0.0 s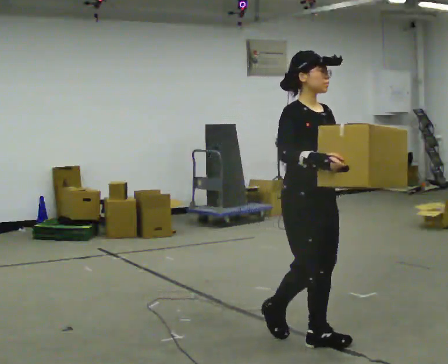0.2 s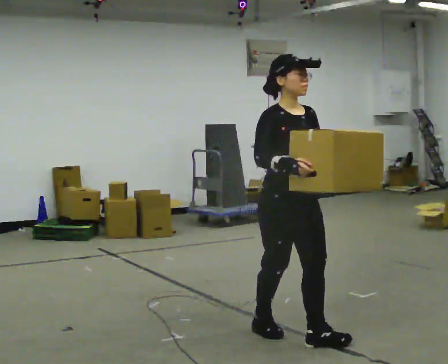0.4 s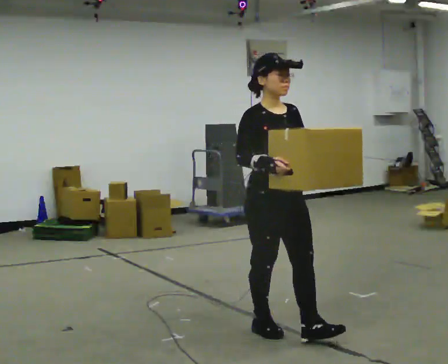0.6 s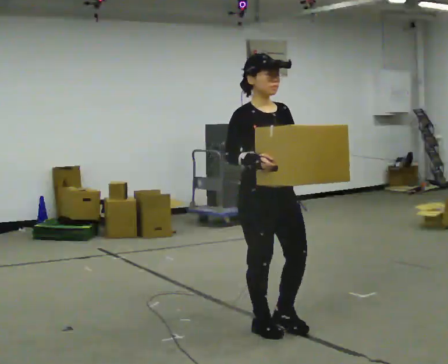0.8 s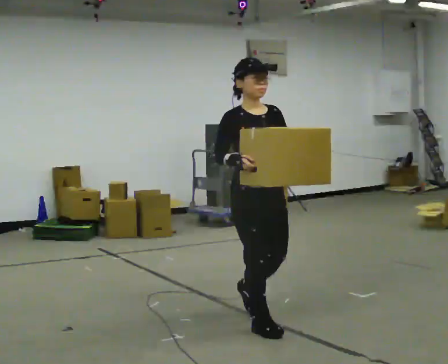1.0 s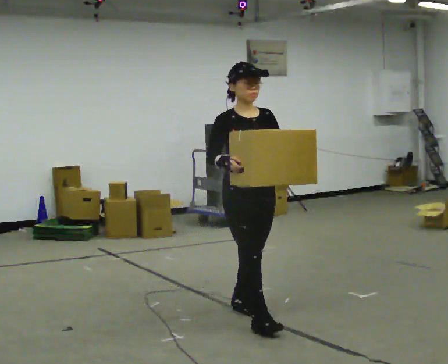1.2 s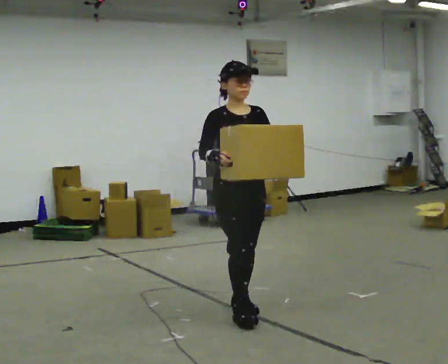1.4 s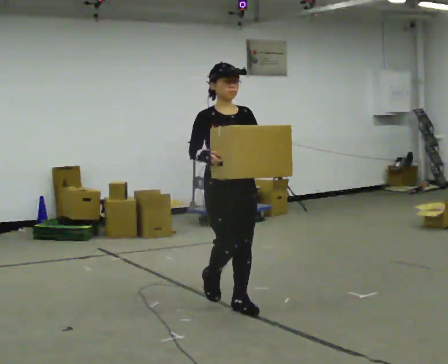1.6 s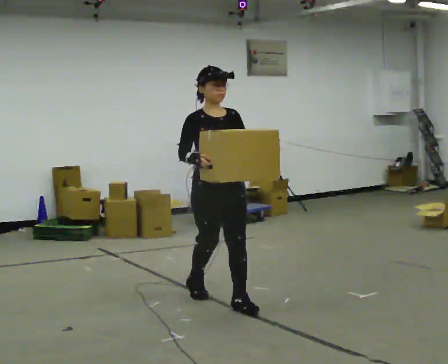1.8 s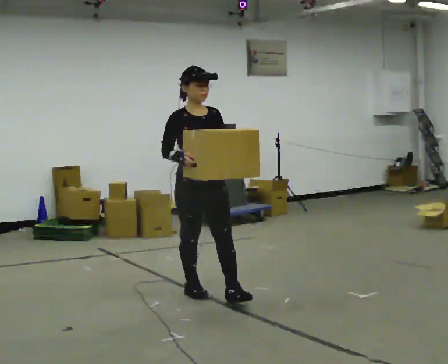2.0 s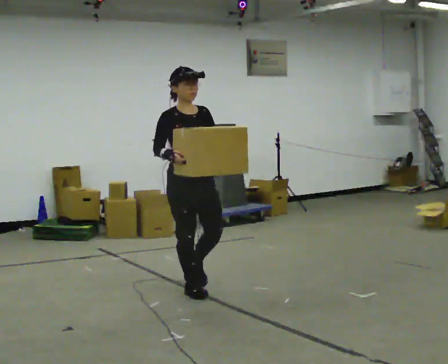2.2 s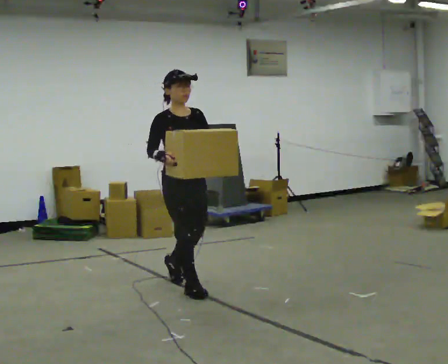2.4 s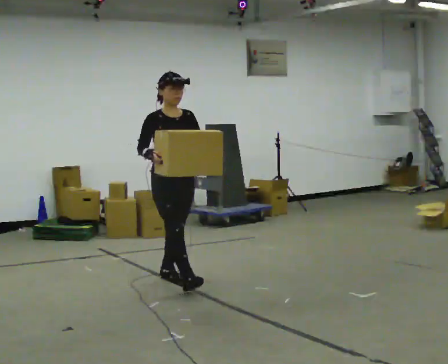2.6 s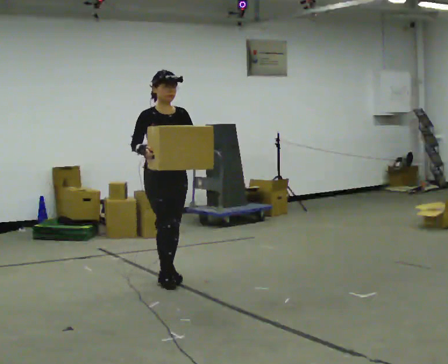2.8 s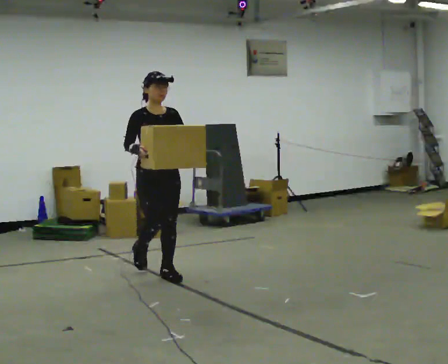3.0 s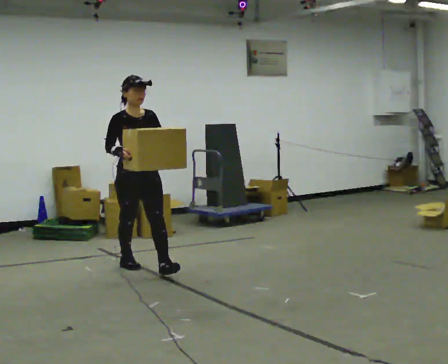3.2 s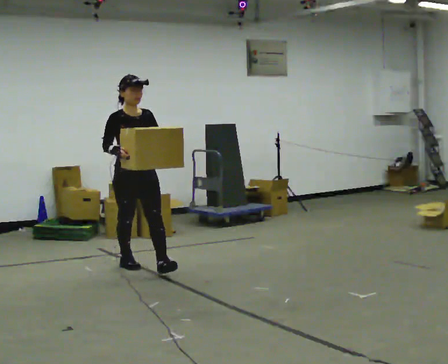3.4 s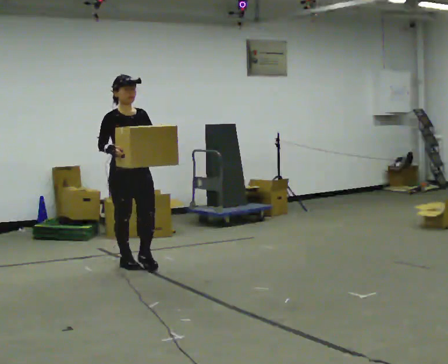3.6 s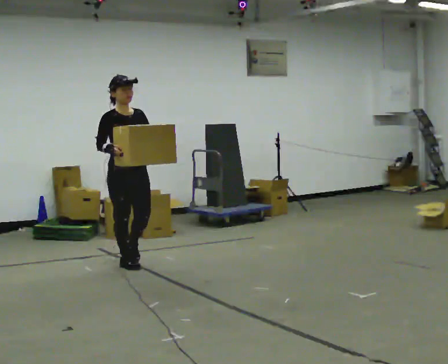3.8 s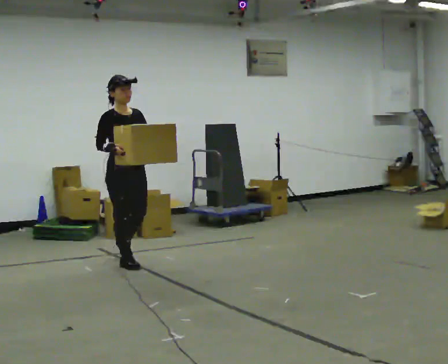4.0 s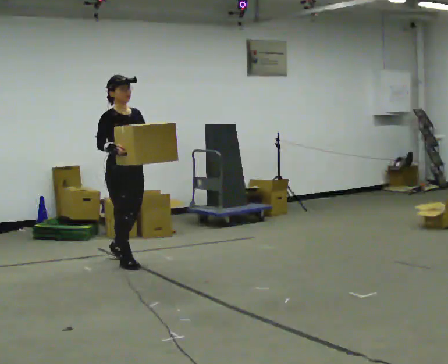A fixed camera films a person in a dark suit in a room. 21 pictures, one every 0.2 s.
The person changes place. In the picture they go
away from the camera.
0.0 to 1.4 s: The person turns about 30 degrees to their right, clockwise seen from above, so the part of the body nearest the lens slides to the left. In the picture they go away from the camera and to the left, about 1 m in 2 steps, which for them is backward.
1.4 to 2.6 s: In the picture they go away from the camera and to the left, about 1 m in 2 steps, which for them is backward.
2.6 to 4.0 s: In the picture they go away from the camera and to the left, about 0.75 m in 1 step, which for them is backward.
The film runs backward here.
